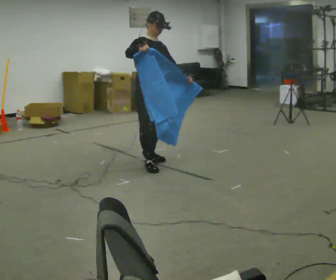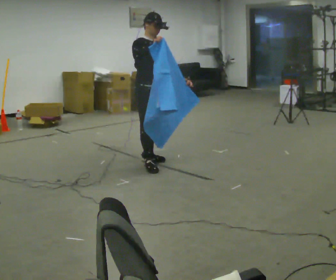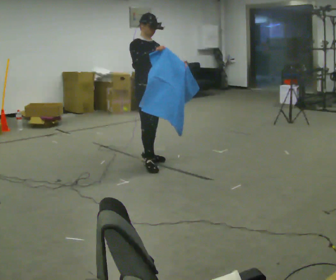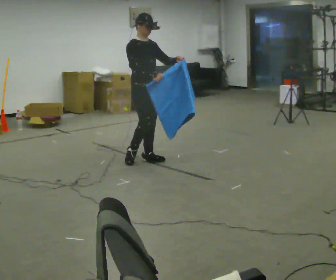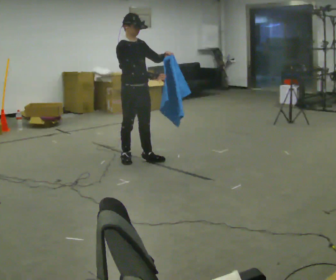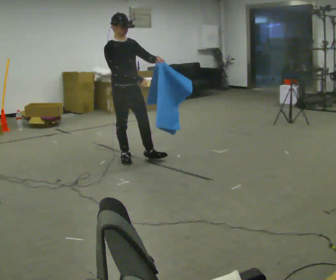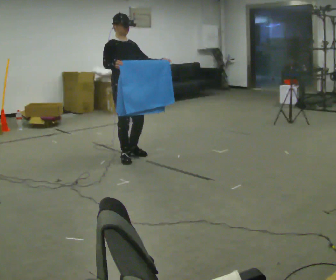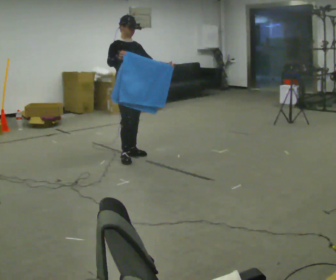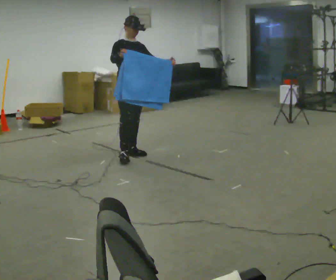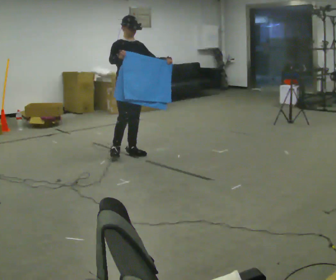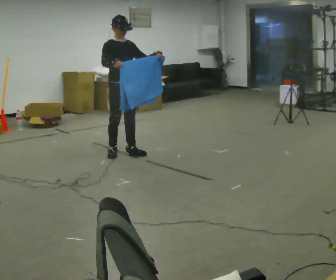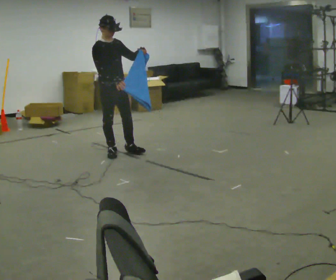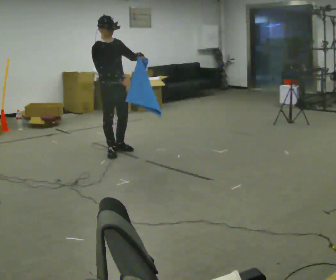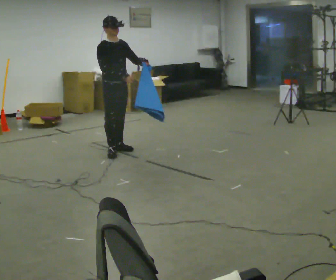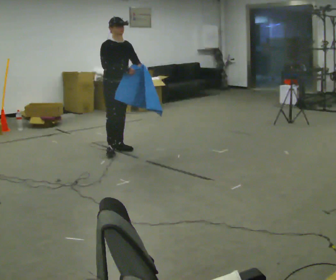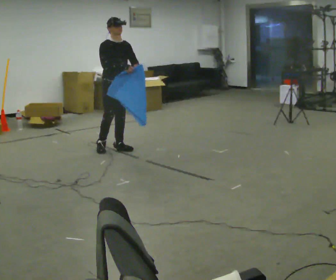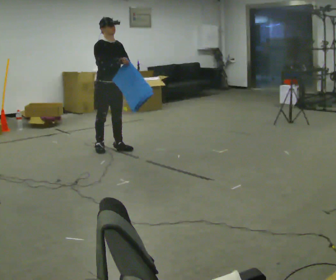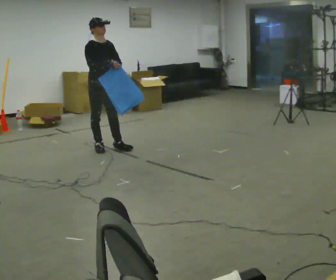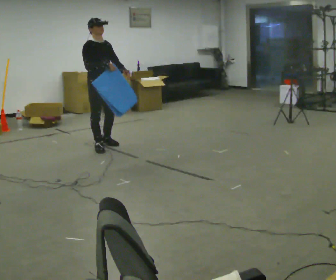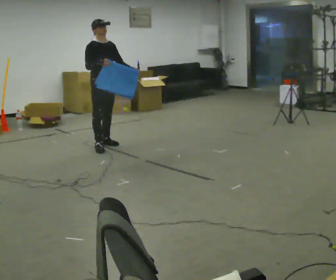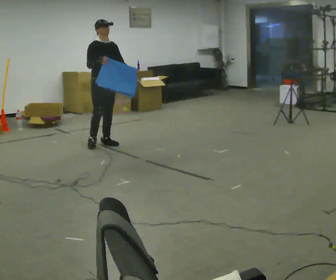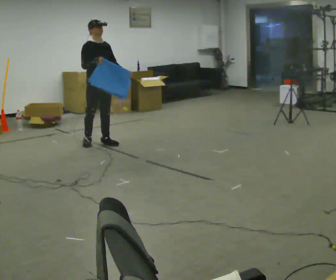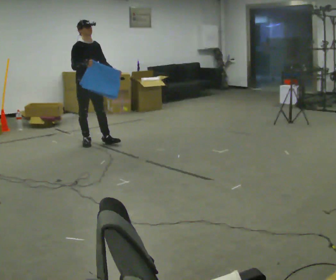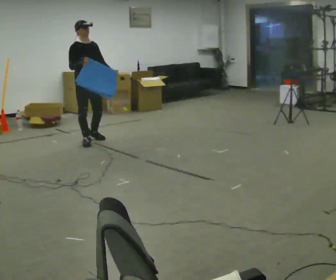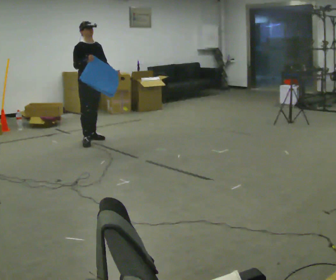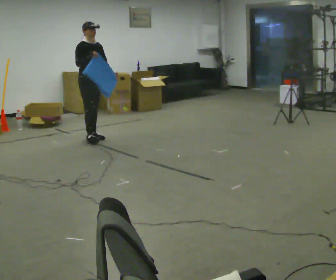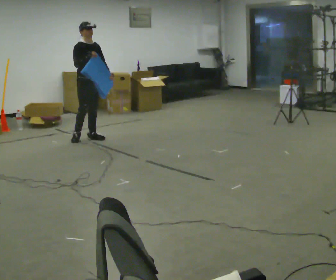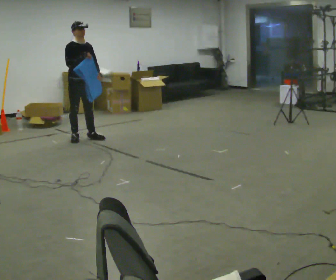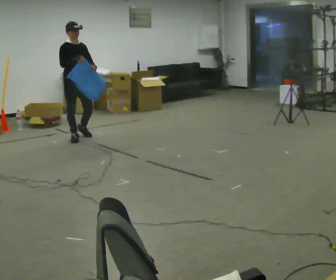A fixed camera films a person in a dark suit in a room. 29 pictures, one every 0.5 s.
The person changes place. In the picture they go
away from the camera.
0.0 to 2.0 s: In the picture they go away from the camera, about 0.25 m in 1 step, which for them is backward.
2.0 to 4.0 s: In the picture they go away from the camera, about 0.25 m in 1 step, which for them is backward. In the picture their right hand goes to the left.
4.0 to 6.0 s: In the picture they go to the left, about 0.25 m in 2 steps, which for them is backward and to their right.
6.0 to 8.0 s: In the picture they go away from the camera, about 0.25 m in 1 step, which for them is backward.
8.0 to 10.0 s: In the picture they go away from the camera, about 0.25 m in 2 steps, which for them is backward.
10.0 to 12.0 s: In the picture they go away from the camera and to the left, about 0.25 m in 1 step, which for them is backward.
12.0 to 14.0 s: In the picture they go to the left, about 0.25 m in 2 steps, which for them is backward.
The film runs backward here.
